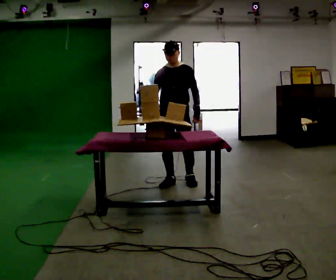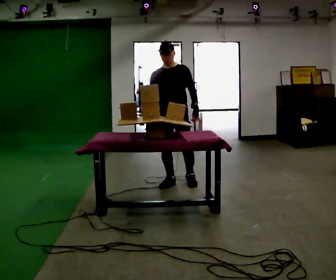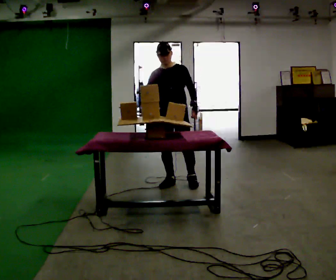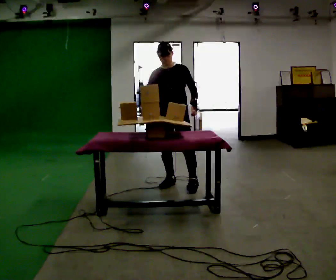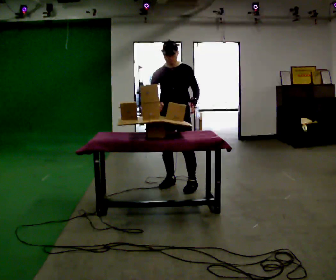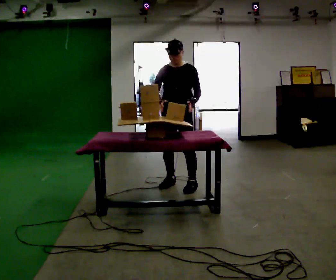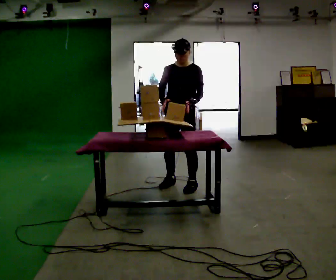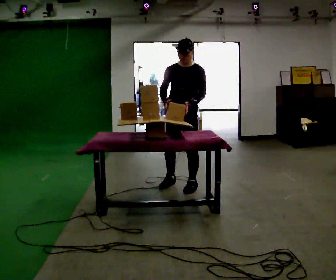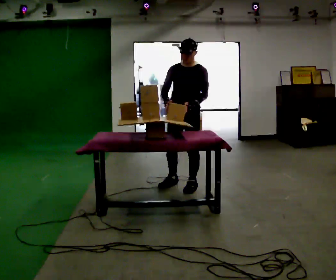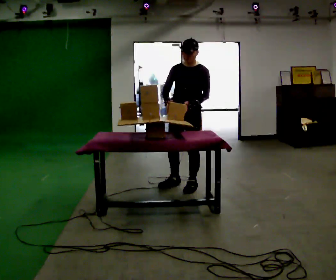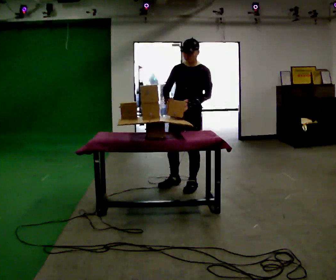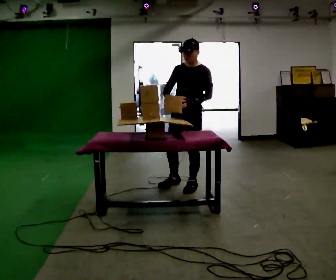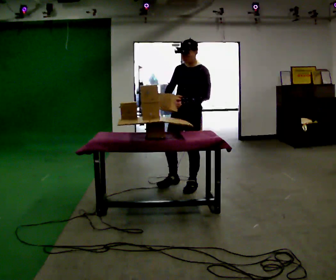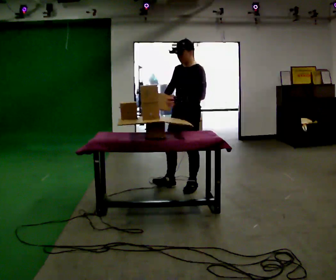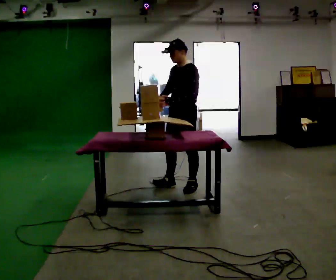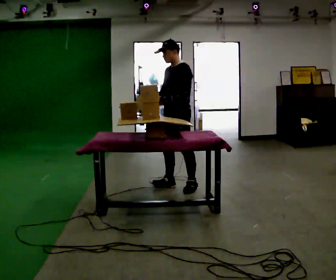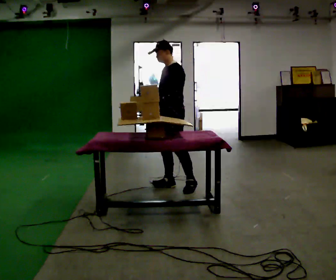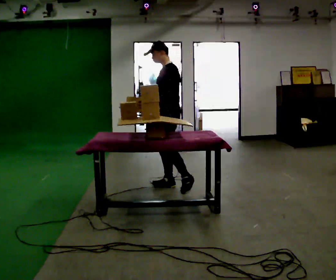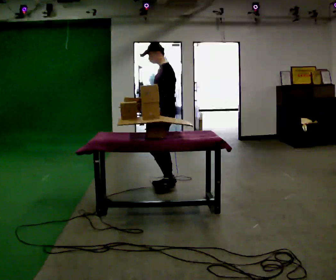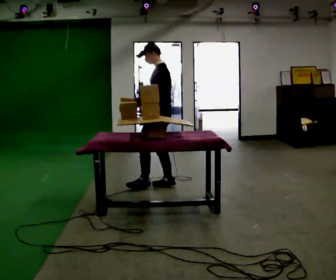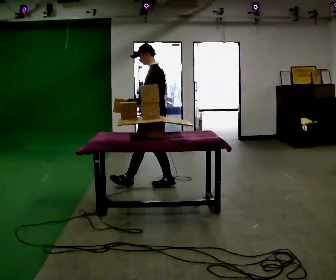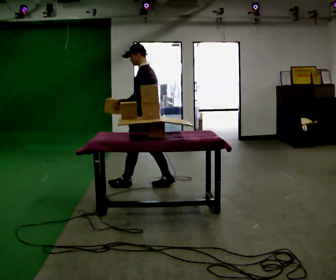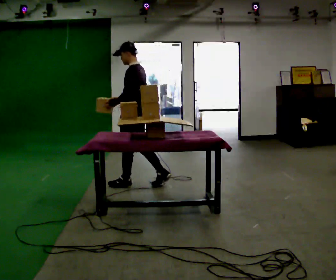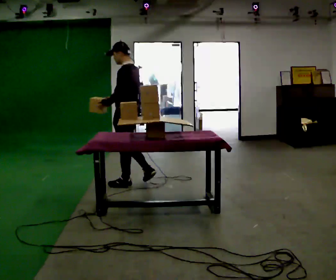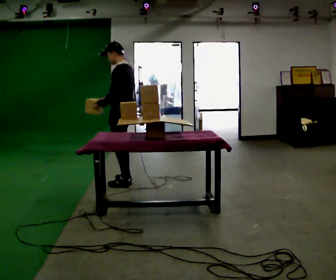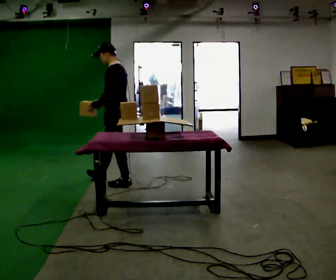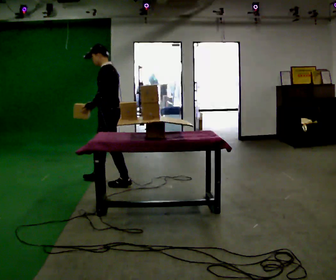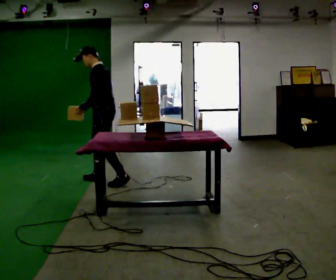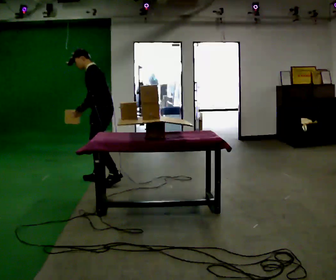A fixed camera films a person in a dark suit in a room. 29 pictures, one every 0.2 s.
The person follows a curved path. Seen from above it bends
clockwise.
0.0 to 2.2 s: The part of the body nearest the lens slides to the left as the person turns to their right by about 30 degrees. In the picture they go to the right and toward the camera, about 0.25 m in 1 step, which for them is to their left.
2.2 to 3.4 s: Seen from above the body turns clockwise, about 45 degrees: to their right, with its near side sliding to the left. In the picture they go to the left, about 0.25 m, which for them is to their right and forward.
3.4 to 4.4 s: The part of the body nearest the lens slides to the left as the person turns to their right by about 30 degrees. In the picture they go to the left, about 0.5 m in 1 step, which for them is forward.
4.4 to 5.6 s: The part of the body nearest the lens slides to the right as the person turns to their left by about 30 degrees. In the picture they go to the left, about 0.5 m in 1 step, which for them is forward. In the picture the upper body tilts counterclockwise, shoulders to the left, as they bend forward.
The film runs forward here.
